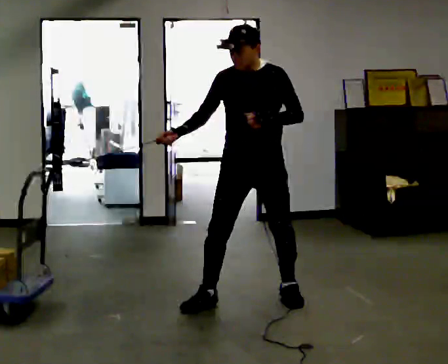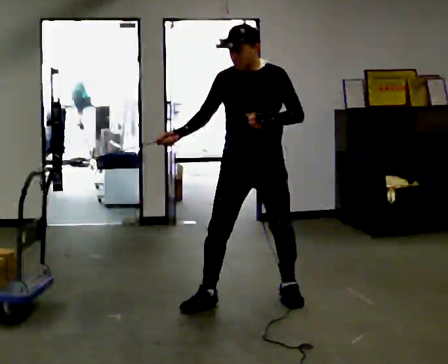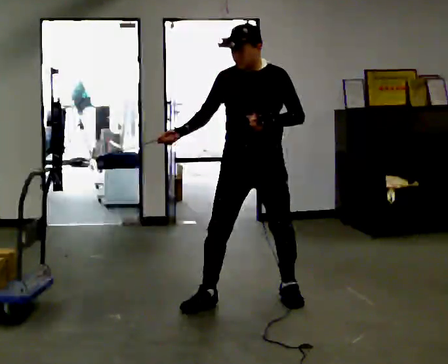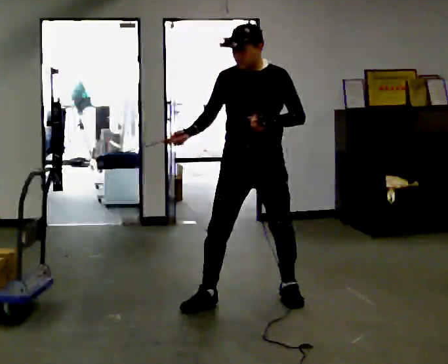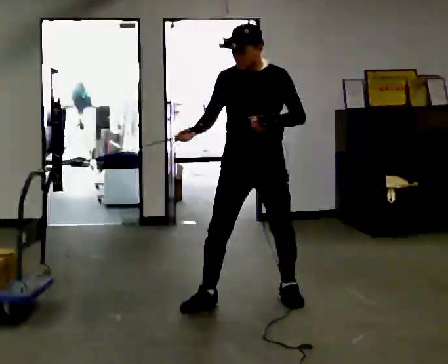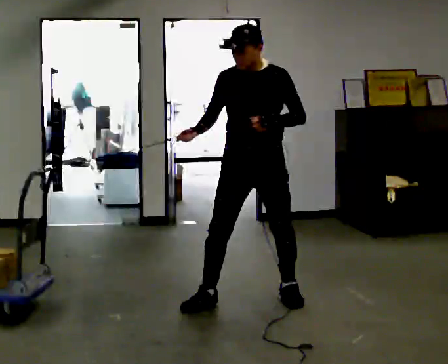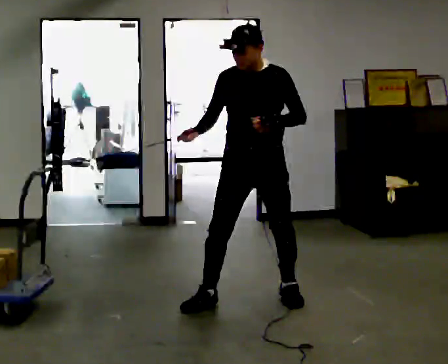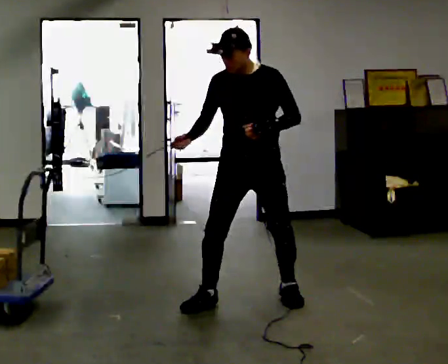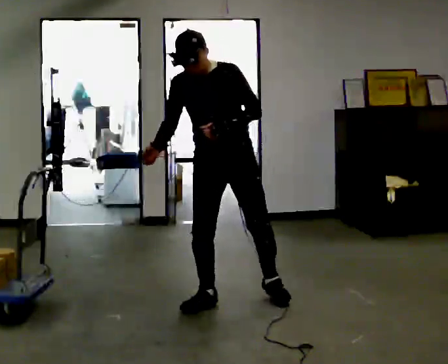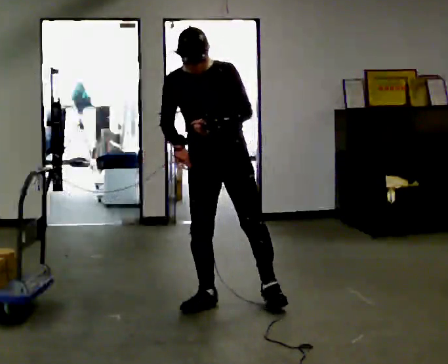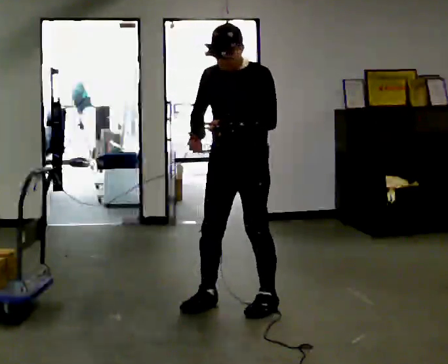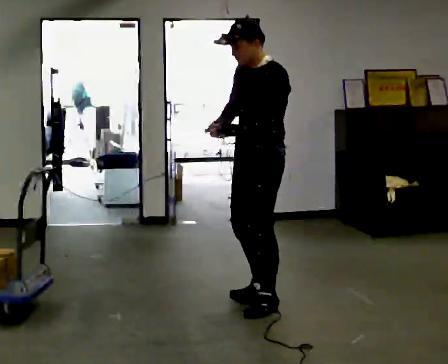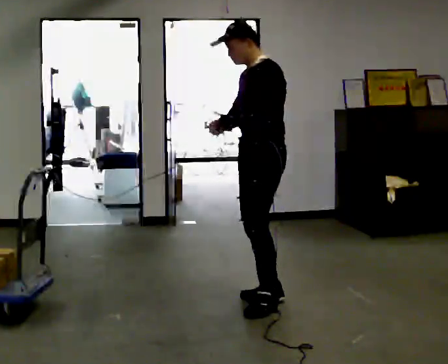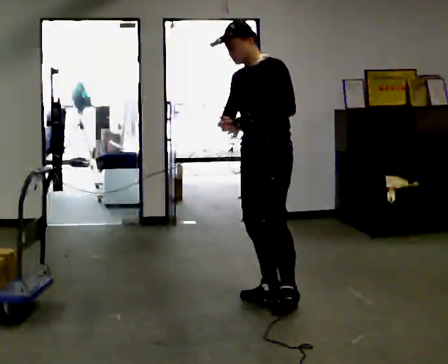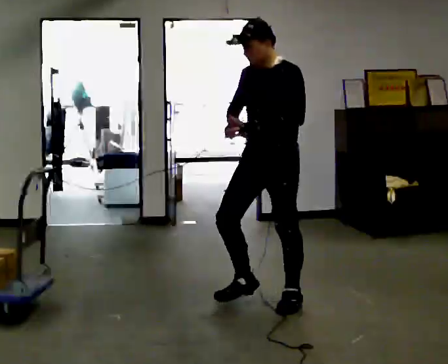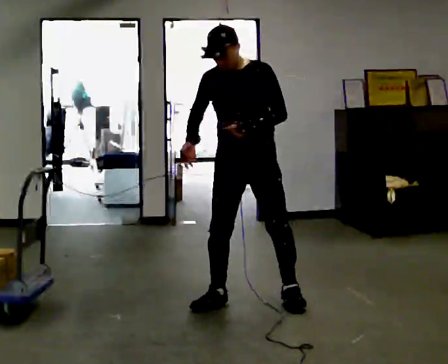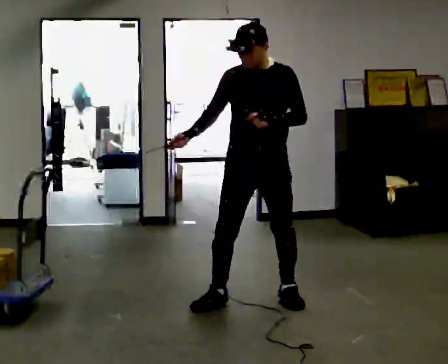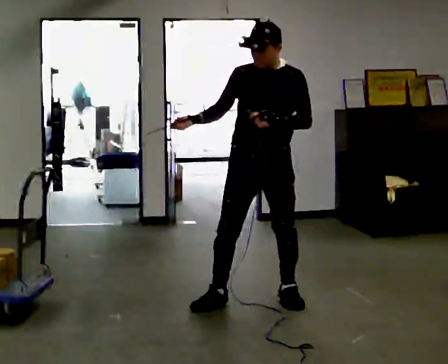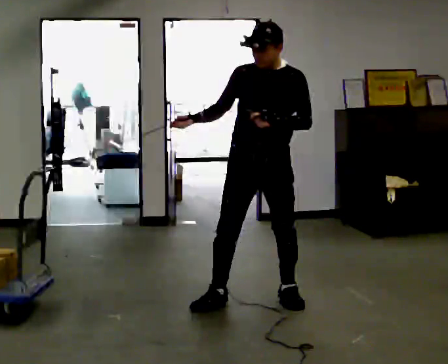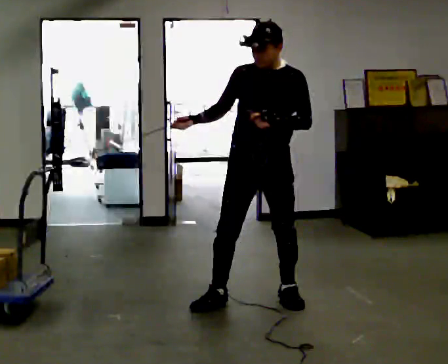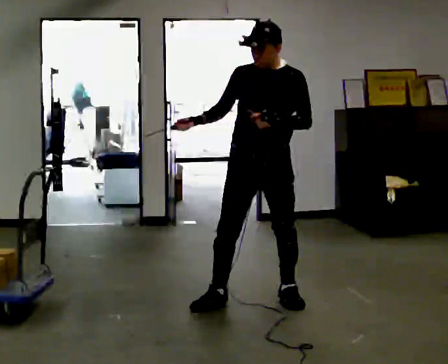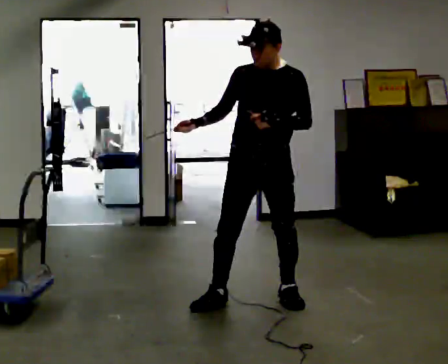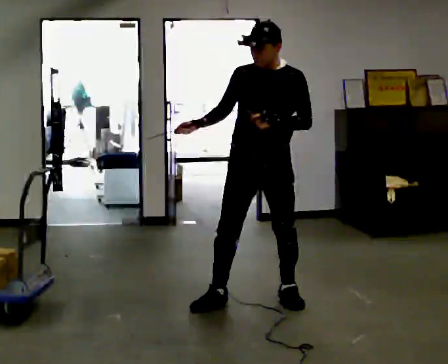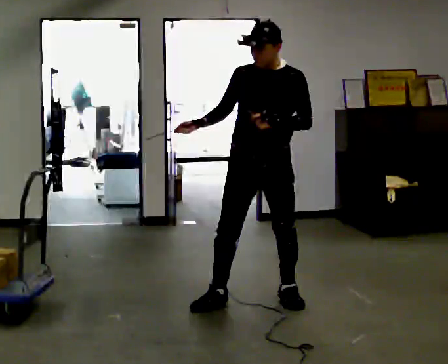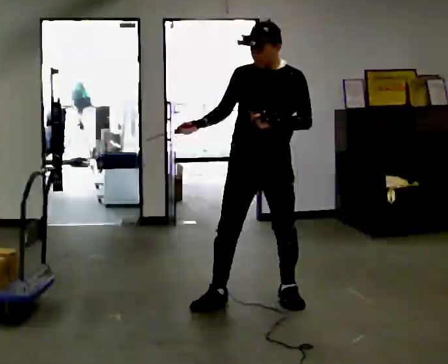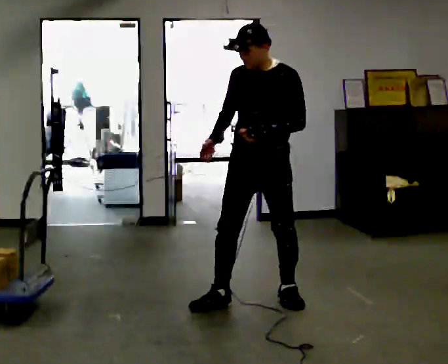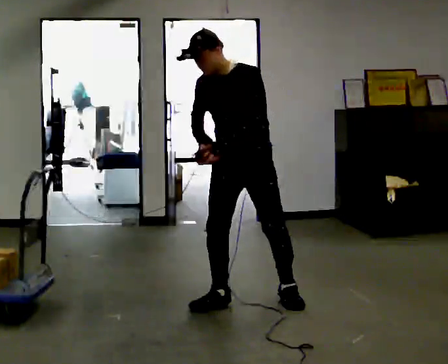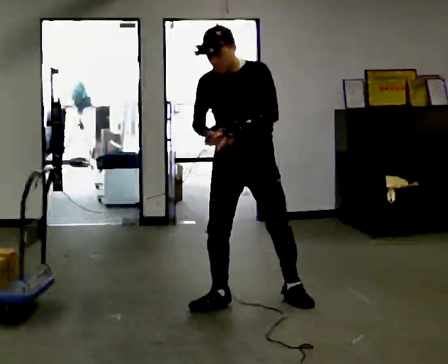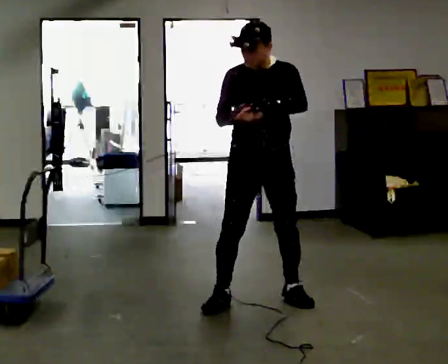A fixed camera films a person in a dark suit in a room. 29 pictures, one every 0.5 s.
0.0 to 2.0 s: The person moves a little, or ends about where they began.
2.0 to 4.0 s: In the picture they go to the left, about 0.25 m, which for them is to their right. In the picture the upper body tilts counterclockwise, shoulders to the left.
4.0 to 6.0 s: The part of the body nearest the lens slides to the left as the person turns to their right by about 60 degrees. In the picture they go to the right, about 0.25 m in 2 steps.
6.0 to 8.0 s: Seen from above the body turns counterclockwise, about 75 degrees: to their left, with its near side sliding to the right.
8.0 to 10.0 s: The person moves a little, or ends about where they began.
10.0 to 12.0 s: The person keeps their place and pose.
12.0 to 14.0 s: The person moves a little, or ends about where they began.
The film runs forward here.
